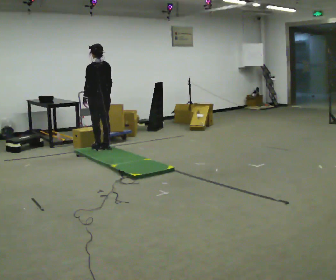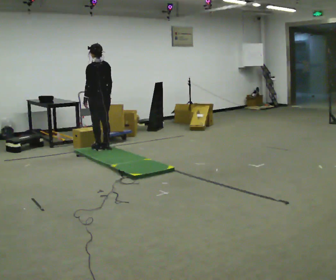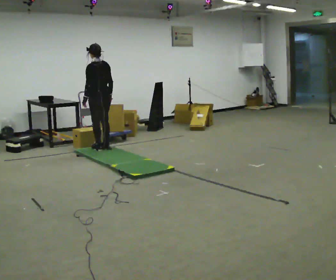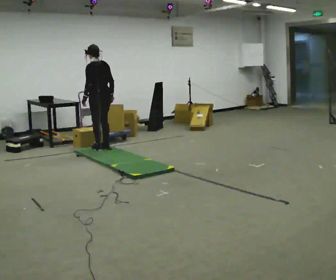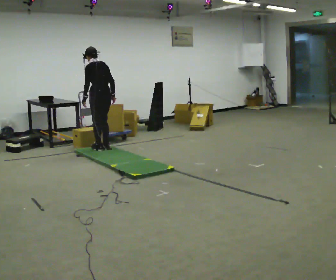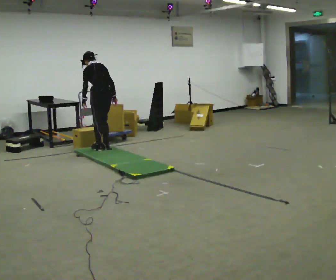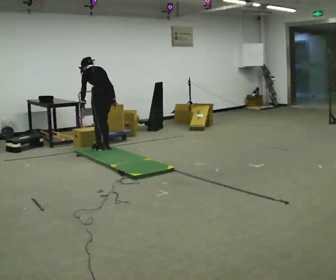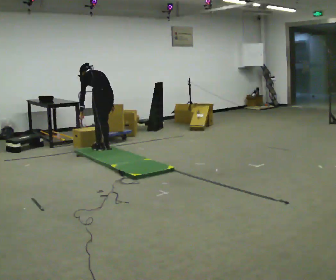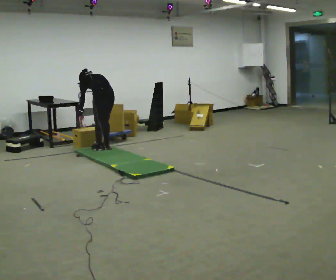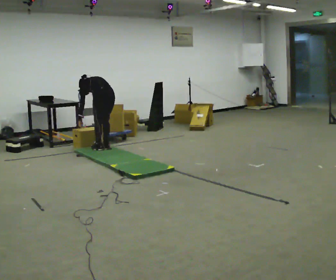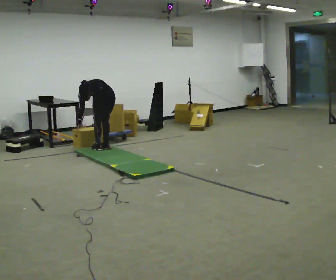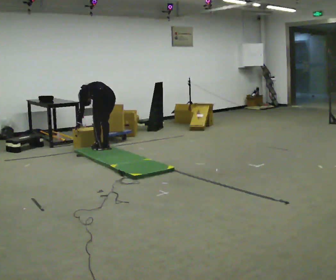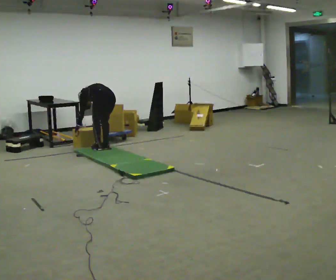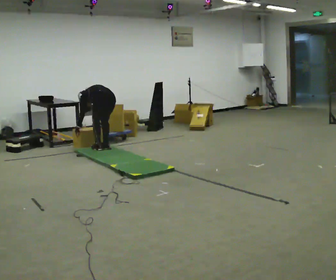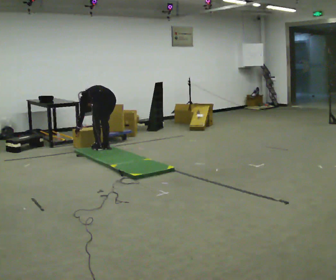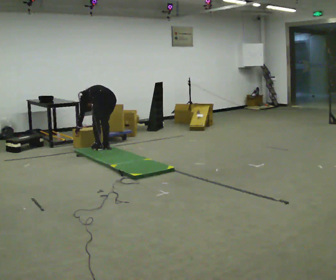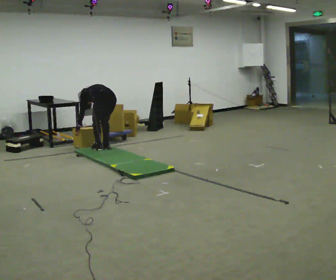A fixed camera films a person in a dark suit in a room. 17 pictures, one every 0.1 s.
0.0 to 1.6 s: The shoulders move downward. The upper body tips away from the camera, its near side rolling upward, as they bend forward. In the picture their right hand goes downward.
The film runs backward here.
